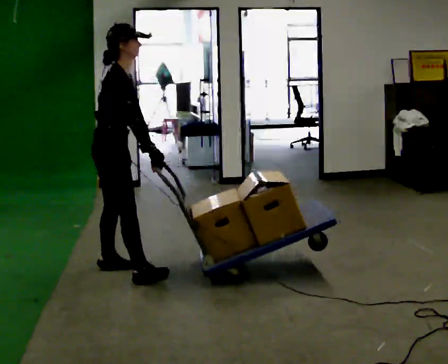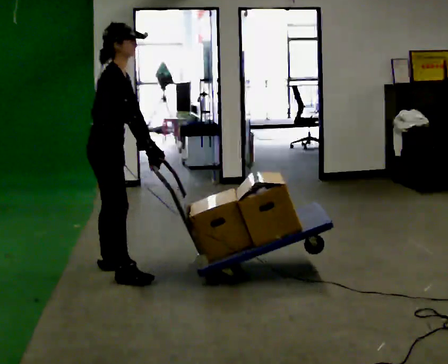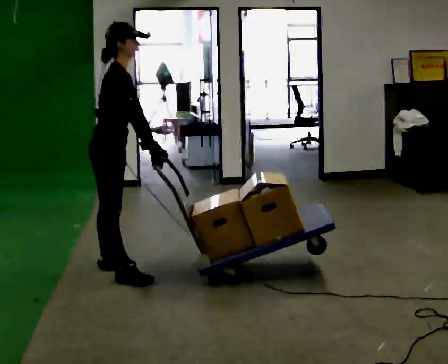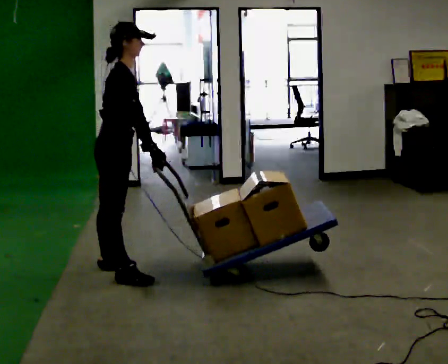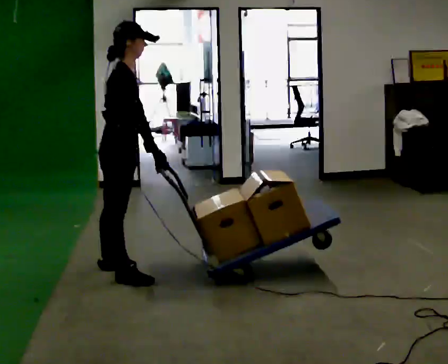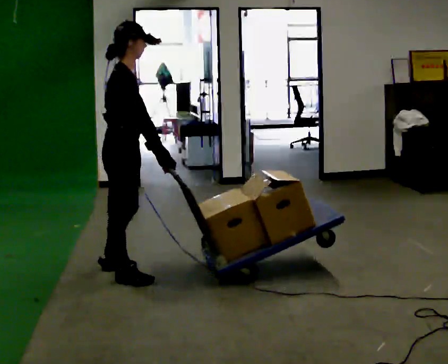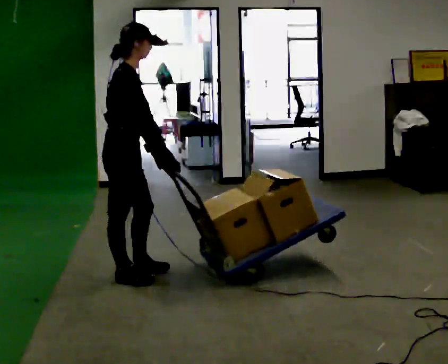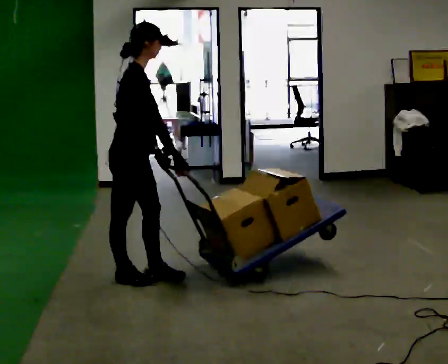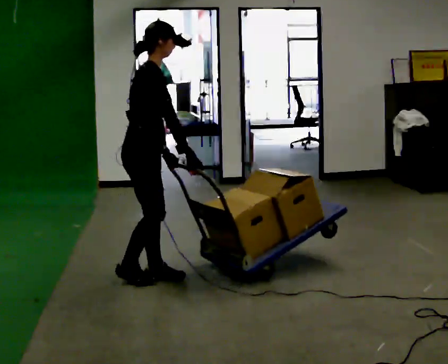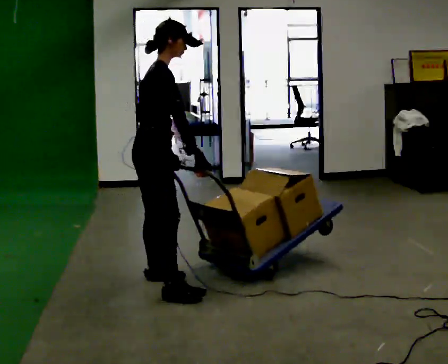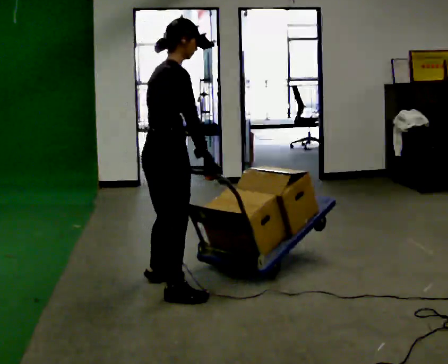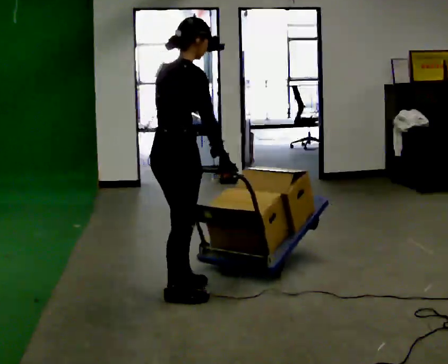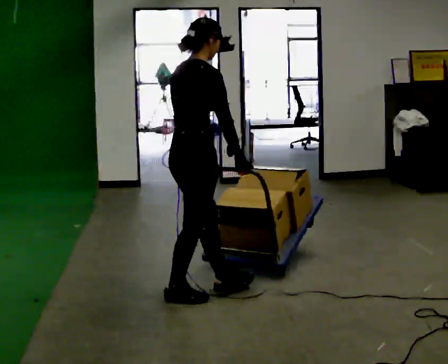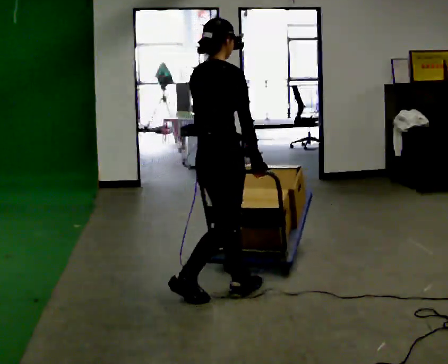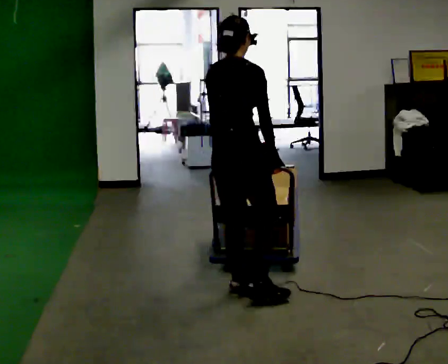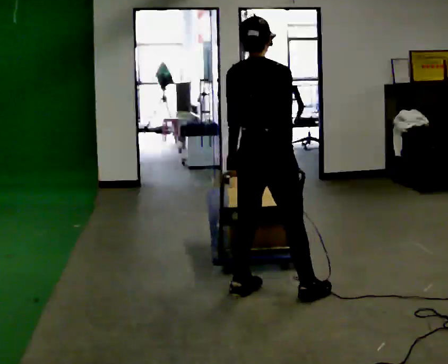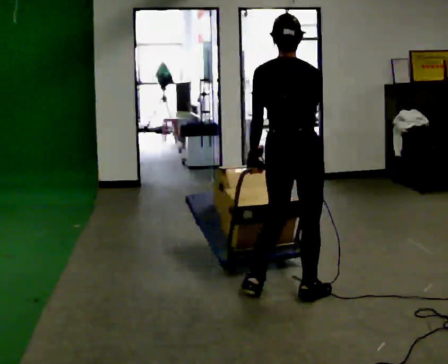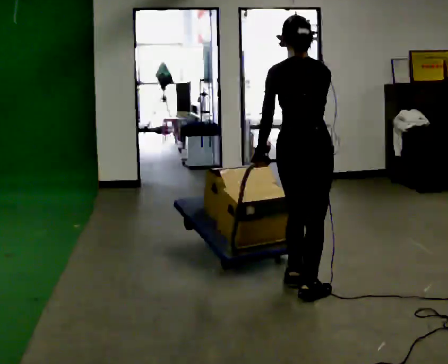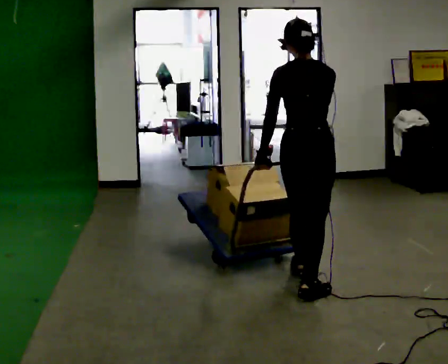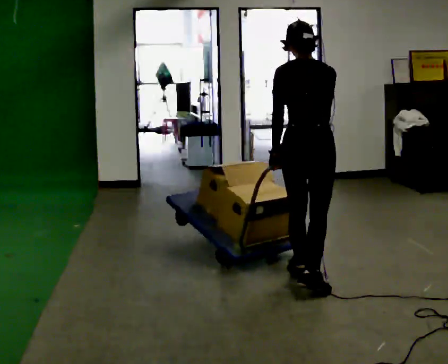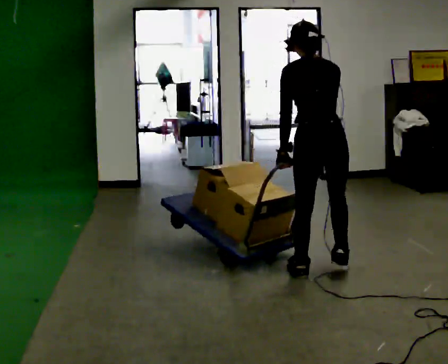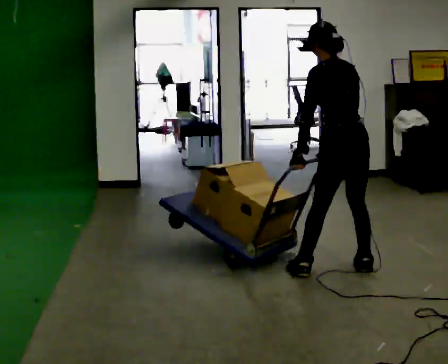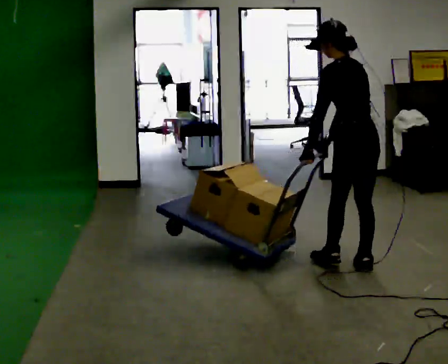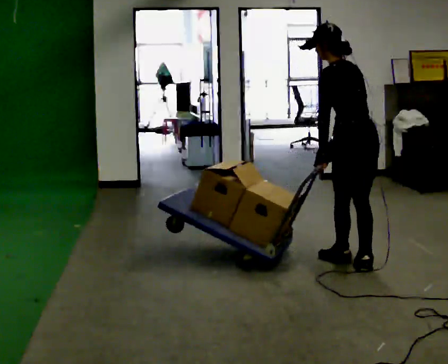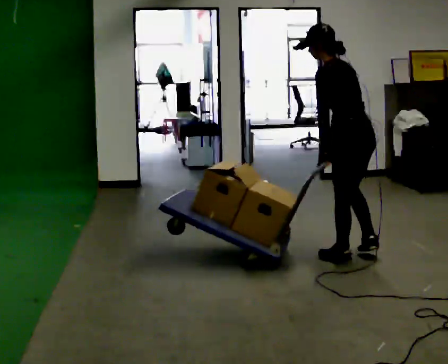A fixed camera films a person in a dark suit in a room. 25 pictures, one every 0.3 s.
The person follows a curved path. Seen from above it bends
counterclockwise.
The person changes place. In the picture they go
to the right.
0.0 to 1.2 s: The person moves a little, or ends about where they began.
1.2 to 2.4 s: In the picture they go to the right, about 0.25 m in 1 step, which for them is forward.
2.4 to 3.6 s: Seen from above the body turns counterclockwise, about 30 degrees: to their left, with its near side sliding to the right. In the picture they go toward the camera and to the right, about 0.5 m in 1 step, which for them is to their right and forward.
3.6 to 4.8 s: Seen from above the body turns counterclockwise, about 45 degrees: to their left, with its near side sliding to the right. In the picture they go to the right, about 0.5 m in 2 steps, which for them is forward and to their right.
4.8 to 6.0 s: In the picture they go away from the camera and to the right, about 0.25 m in 1 step, which for them is forward and to their right.
6.0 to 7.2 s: The person turns about 45 degrees to their left, counterclockwise seen from above, so the part of the body nearest the lens slides to the right. In the picture they go away from the camera and to the right, about 0.5 m in 2 steps, which for them is to their right. In the picture the upper body tilts counterclockwise, shoulders to the left.
The film runs forward here.
